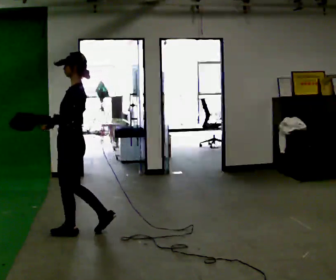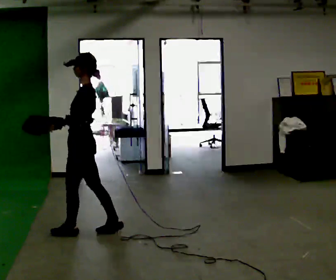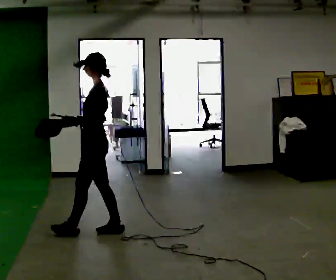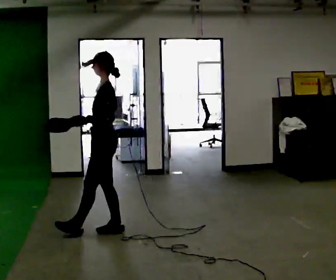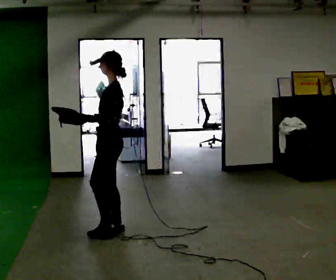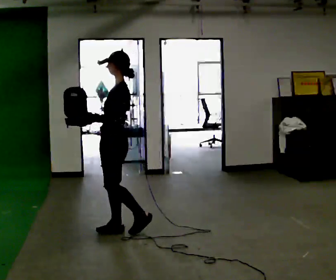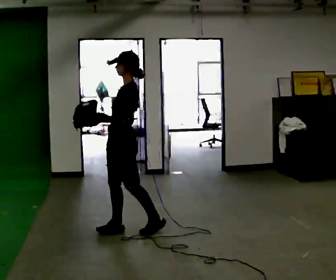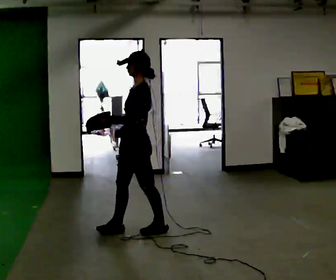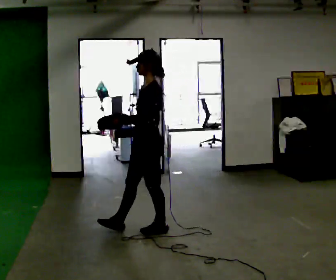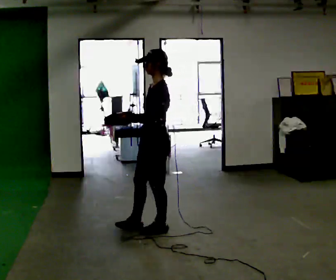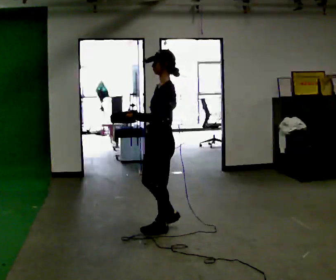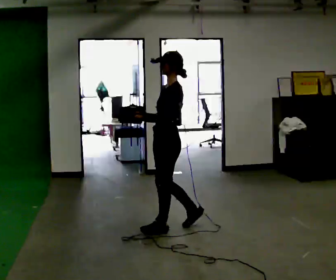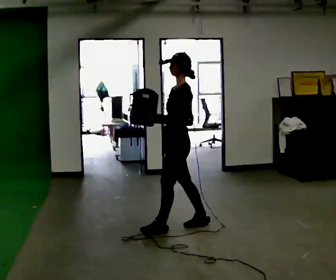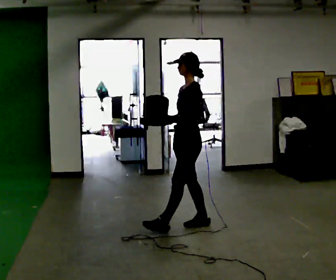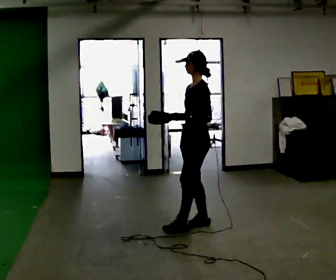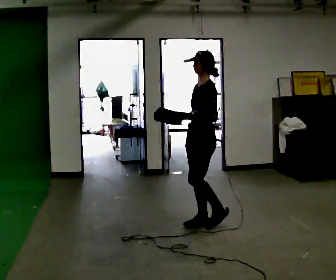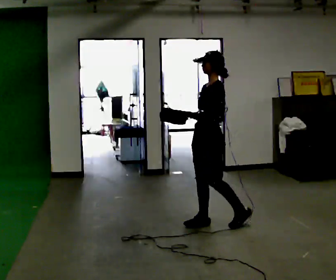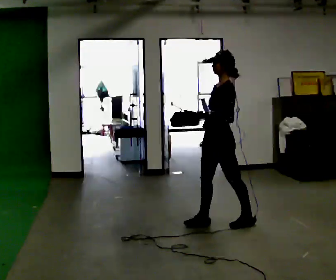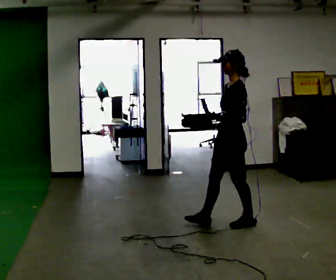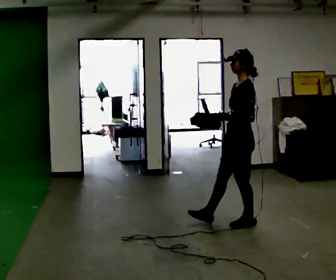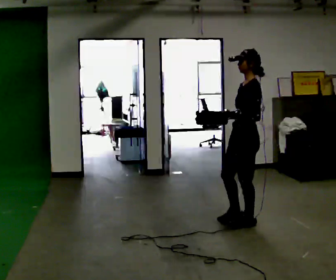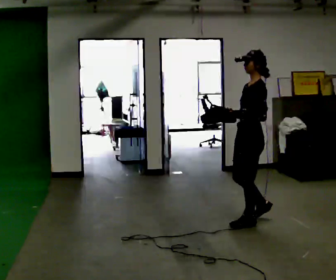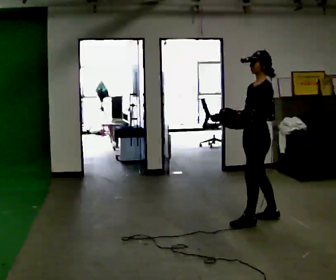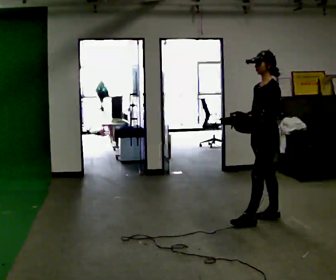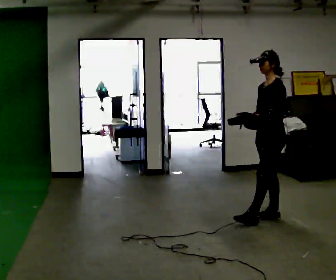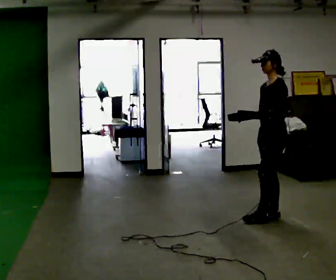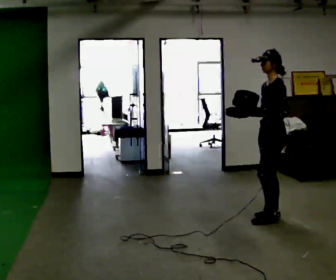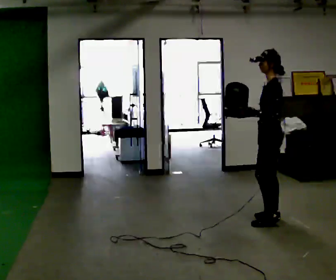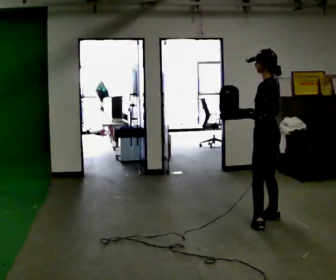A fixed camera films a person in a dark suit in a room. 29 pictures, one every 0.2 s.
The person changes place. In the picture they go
to the right.
0.0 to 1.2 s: In the picture they go to the right, about 0.5 m in 1 step, which for them is backward and to their left.
1.2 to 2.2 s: In the picture they go to the right, about 0.5 m in 1 step, which for them is to their left and backward.
2.2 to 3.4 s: In the picture they go to the right and away from the camera, about 0.5 m in 1 step, which for them is to their left and backward.
3.4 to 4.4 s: In the picture they go to the right, about 0.25 m in 1 step, which for them is to their left and backward.
4.4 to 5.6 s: The person turns about 30 degrees to their right, clockwise seen from above, so the part of the body nearest the lens slides to the left.
The film runs backward here.
